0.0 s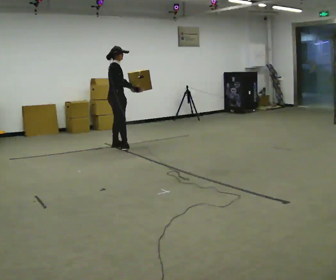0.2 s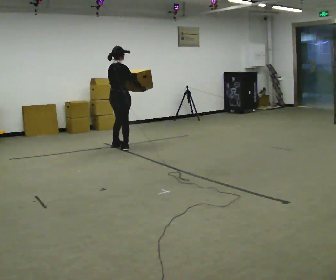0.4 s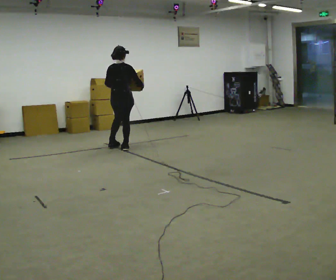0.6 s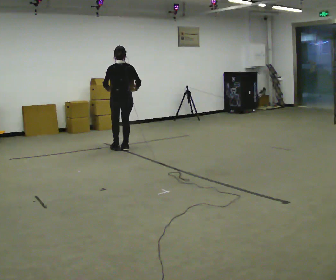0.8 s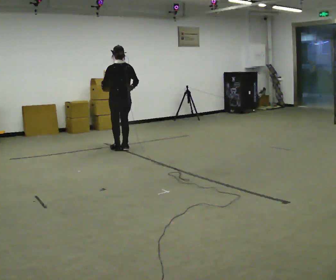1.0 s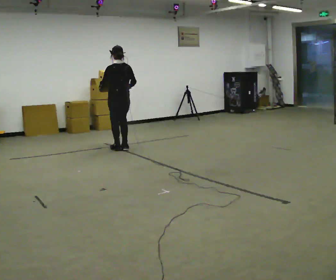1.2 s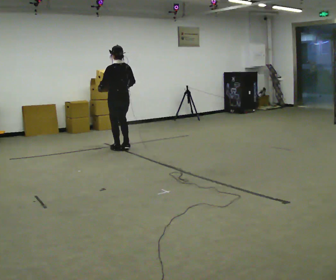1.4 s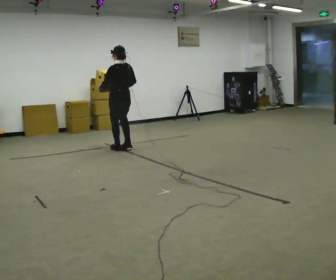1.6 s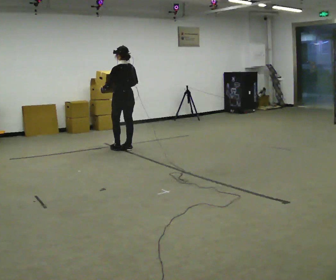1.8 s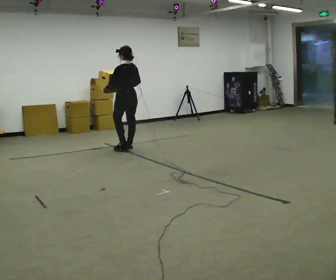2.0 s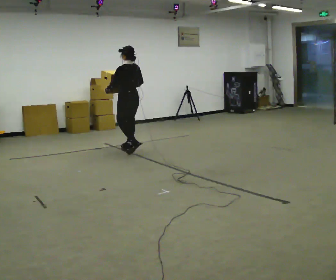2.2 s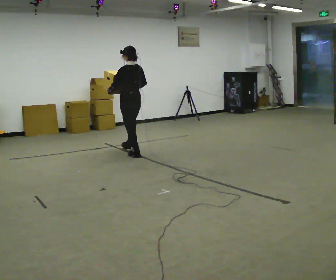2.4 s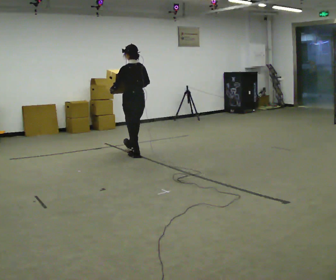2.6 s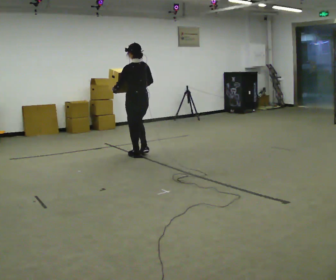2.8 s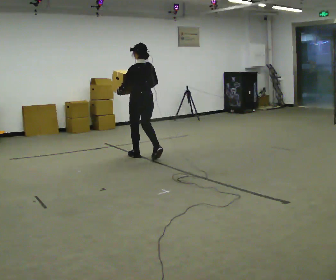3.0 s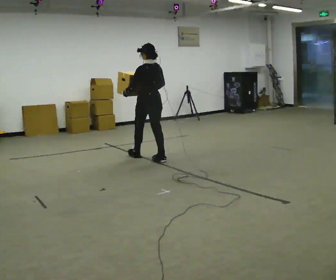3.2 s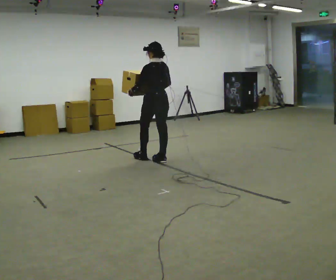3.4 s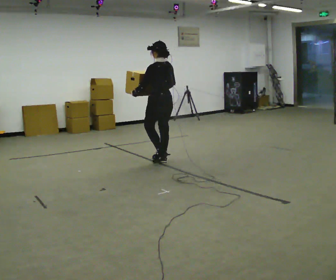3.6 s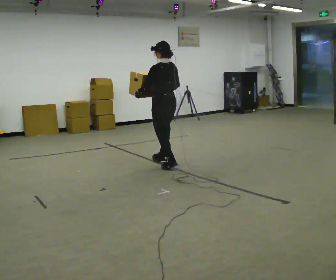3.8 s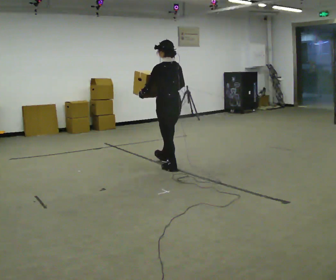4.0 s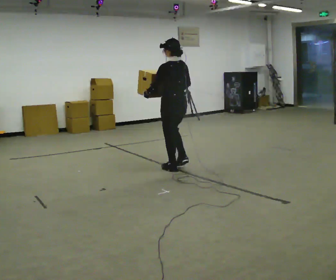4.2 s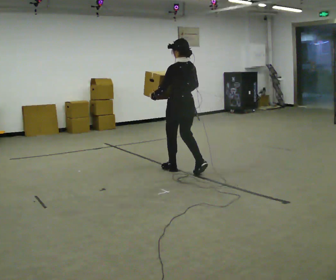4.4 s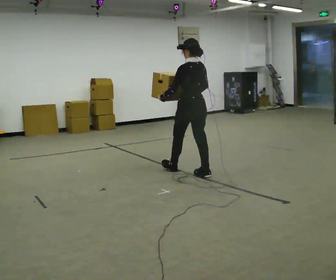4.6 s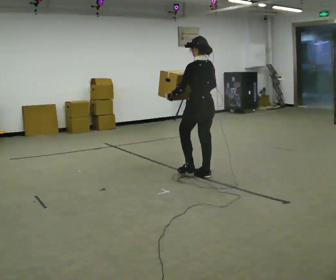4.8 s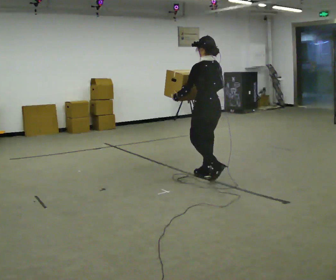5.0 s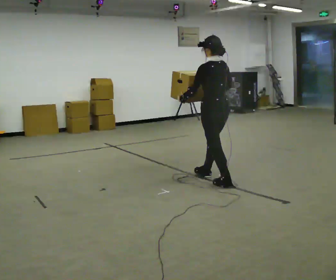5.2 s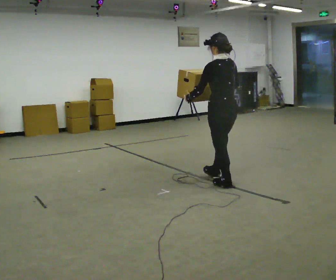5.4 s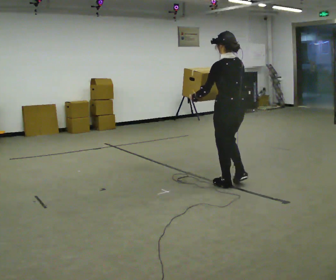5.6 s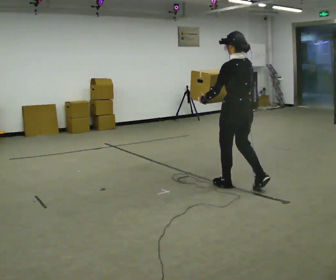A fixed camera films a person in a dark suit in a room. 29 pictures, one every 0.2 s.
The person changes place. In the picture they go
toward the camera.
0.0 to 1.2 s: Seen from above the body turns counterclockwise, about 105 degrees: to their left, with its near side sliding to the right. In the picture they go toward the camera, about 0.25 m in 1 step.
1.2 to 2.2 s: In the picture they go toward the camera and to the right, about 0.25 m in 1 step, which for them is backward.
2.2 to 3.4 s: In the picture they go toward the camera and to the right, about 0.5 m in 2 steps, which for them is backward.
3.4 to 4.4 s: In the picture they go toward the camera and to the right, about 0.75 m in 2 steps, which for them is backward.
4.4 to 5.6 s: In the picture they go toward the camera and to the right, about 1 m in 1 step, which for them is backward.
The film runs backward here.
